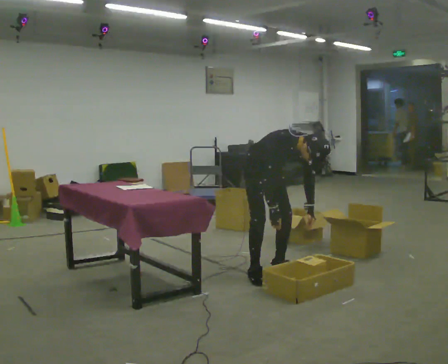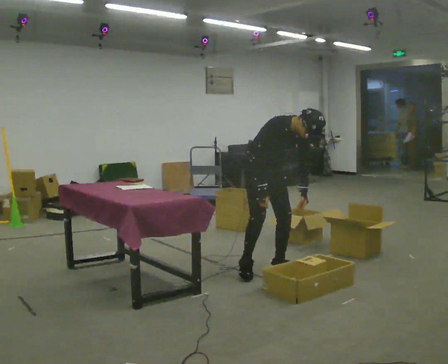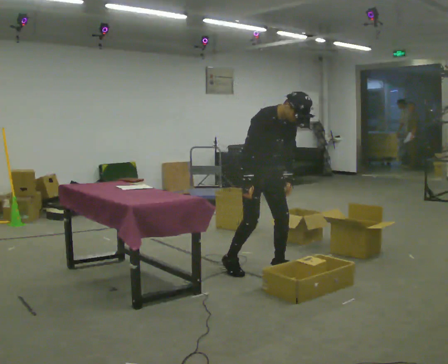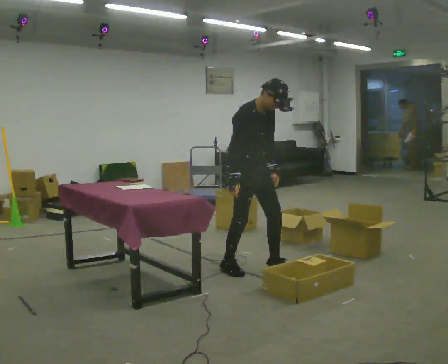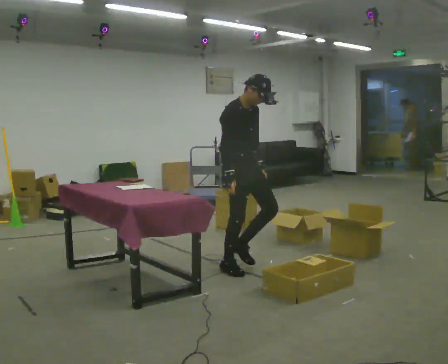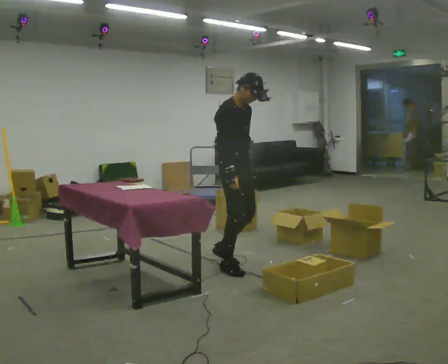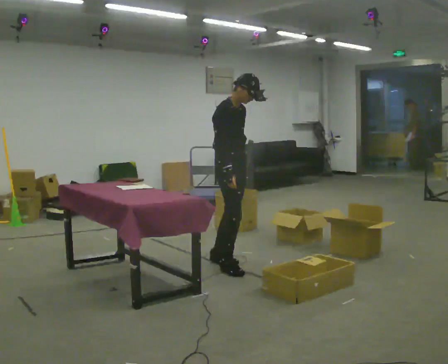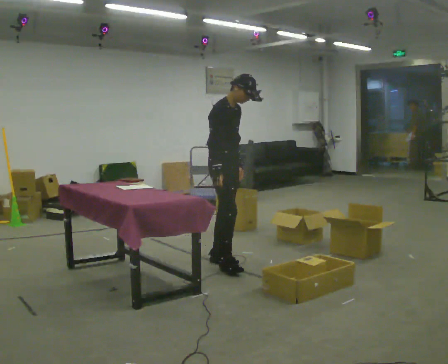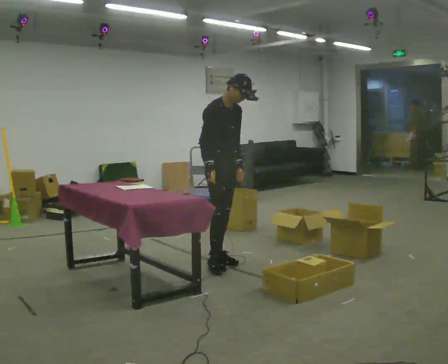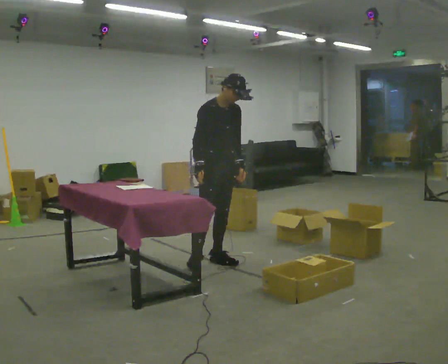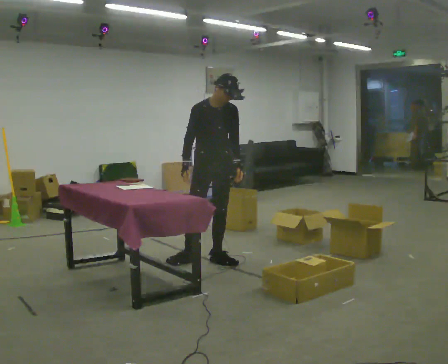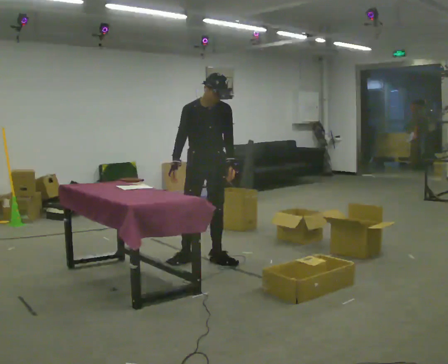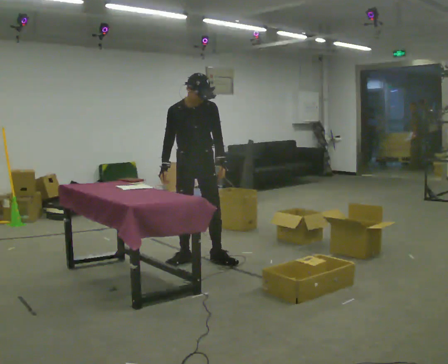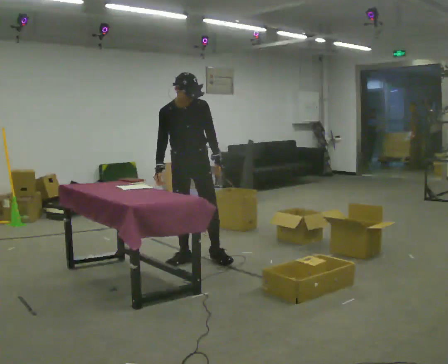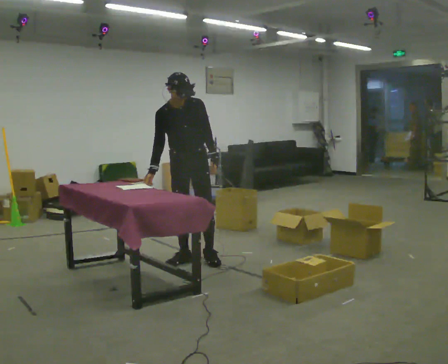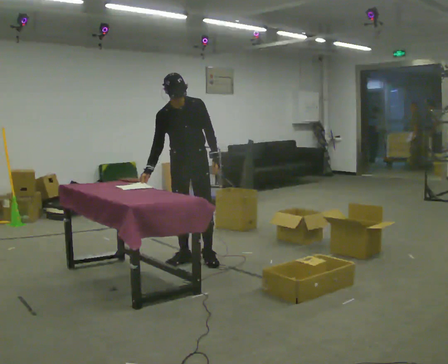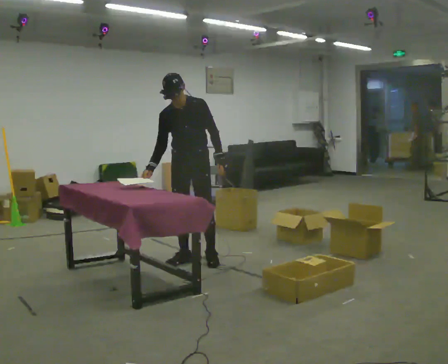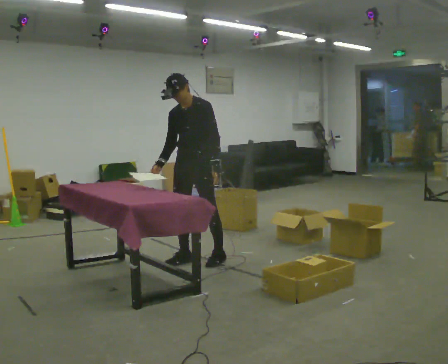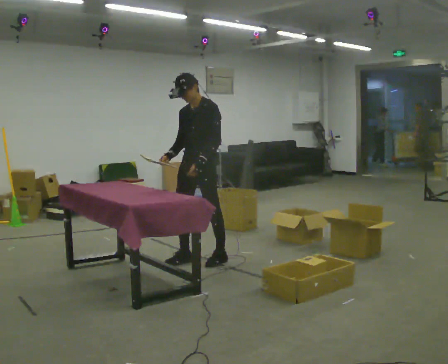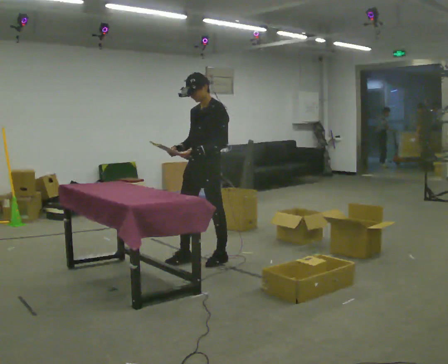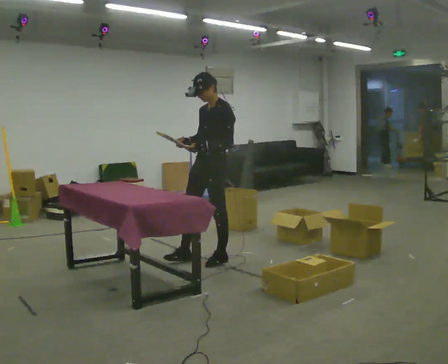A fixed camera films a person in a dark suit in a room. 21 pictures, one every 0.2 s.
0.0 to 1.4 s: The person turns about 30 degrees to their left, counterclockwise seen from above, so the part of the body nearest the lens slides to the right. In the picture they go to the left and away from the camera, about 0.5 m in 2 steps, which for them is backward. The upper body goes upward. The upper body tips away from the camera, its near side rolling upward, as they lean back or straighten. In the picture their left hand goes upward.
1.4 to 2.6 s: Seen from above the body turns clockwise, about 60 degrees: to their right, with its near side sliding to the left. In the picture they go to the left, about 0.25 m in 1 step, which for them is to their right and backward.
2.6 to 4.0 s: Seen from above the body turns clockwise, about 60 degrees: to their right, with its near side sliding to the left. In the picture they go to the right, about 0.25 m.
The film runs backward here.
